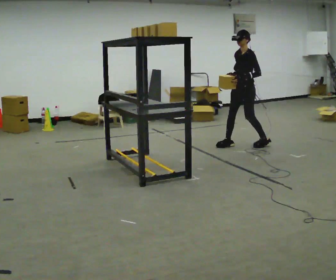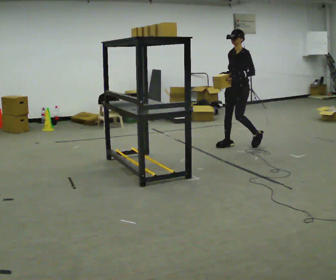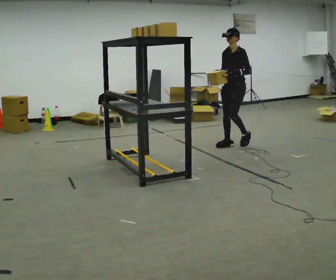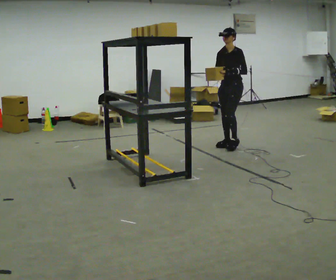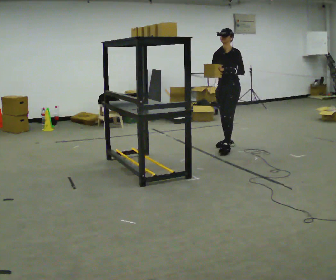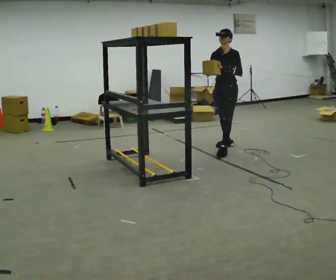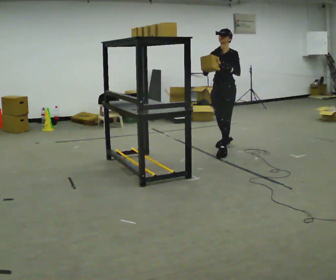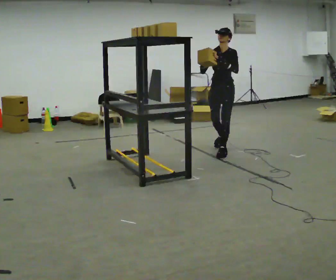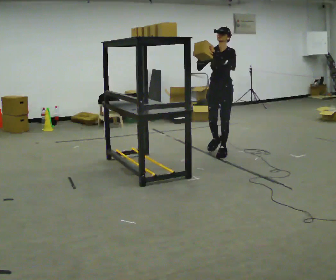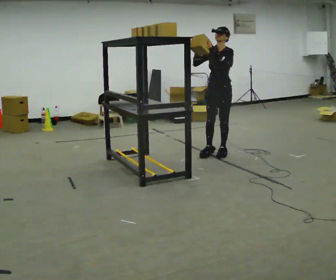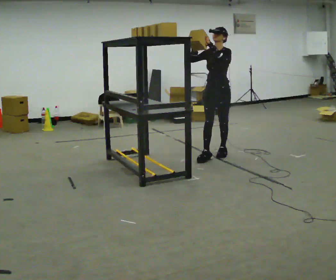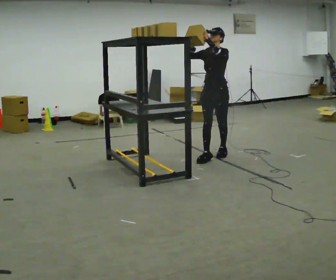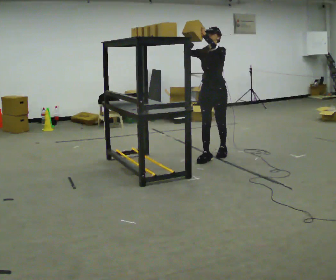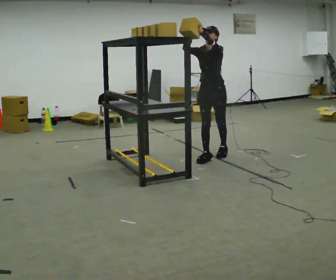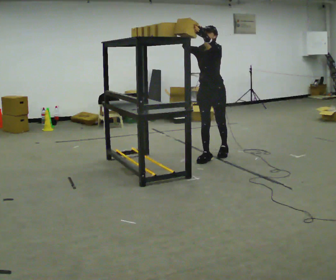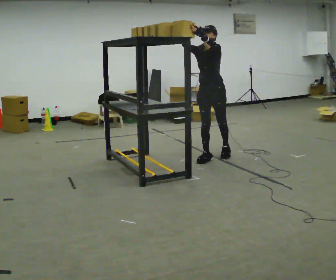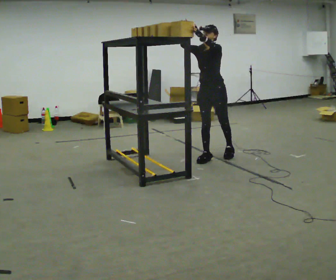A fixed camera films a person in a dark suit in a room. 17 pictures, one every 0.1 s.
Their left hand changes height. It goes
upward.
Their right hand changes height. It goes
upward.
0.0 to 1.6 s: The part of the body nearest the lens slides to the right as the person turns to their left by about 45 degrees. In the picture they go toward the camera and to the left, about 0.5 m in 2 steps, which for them is forward. In the picture their right hand goes upward.
The film runs forward here.
